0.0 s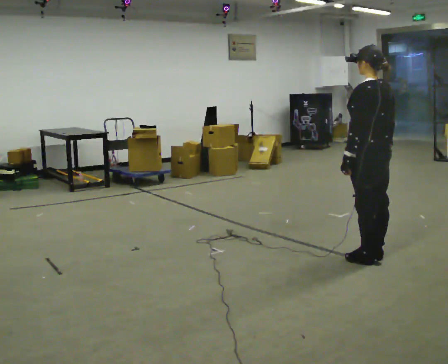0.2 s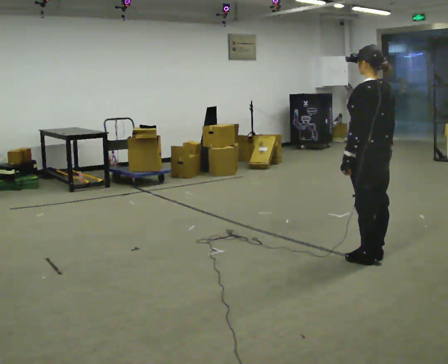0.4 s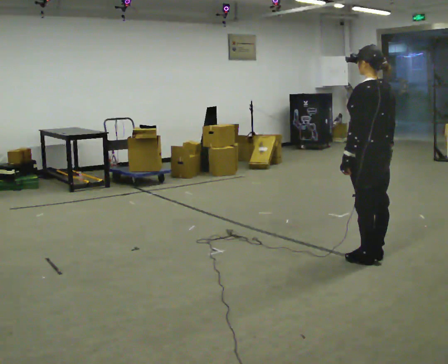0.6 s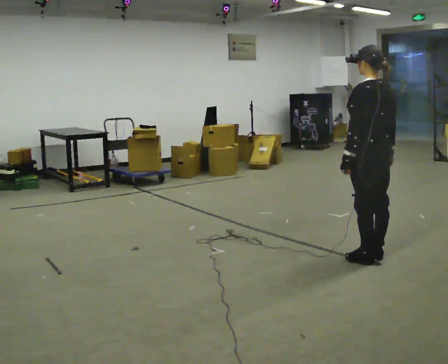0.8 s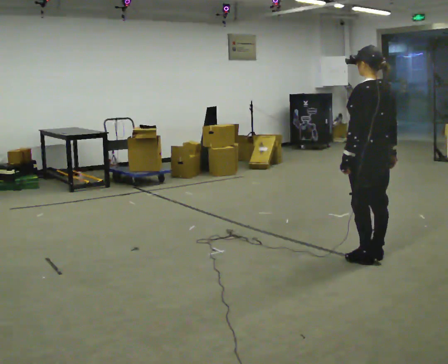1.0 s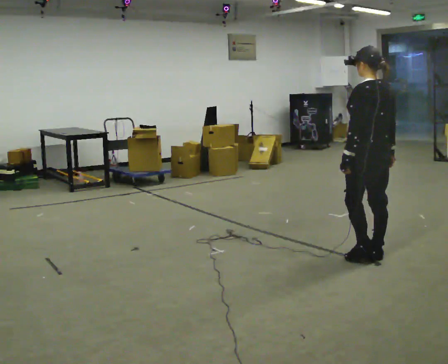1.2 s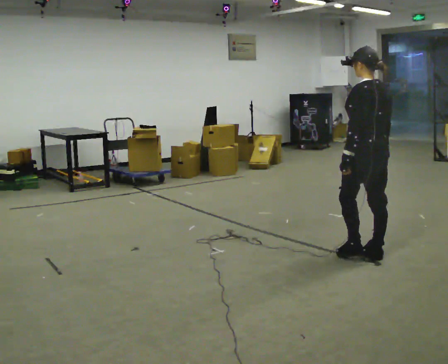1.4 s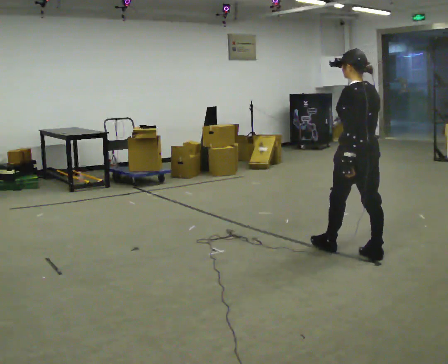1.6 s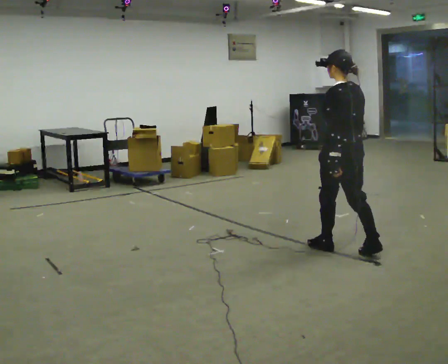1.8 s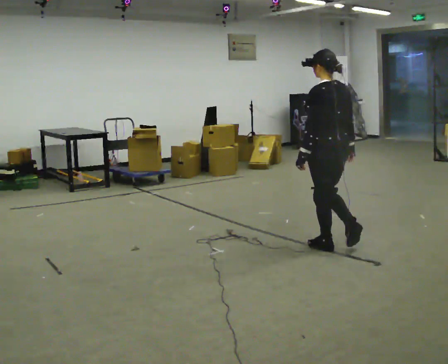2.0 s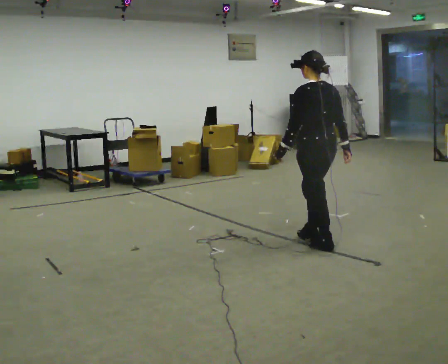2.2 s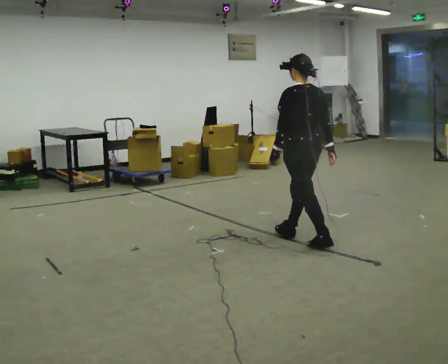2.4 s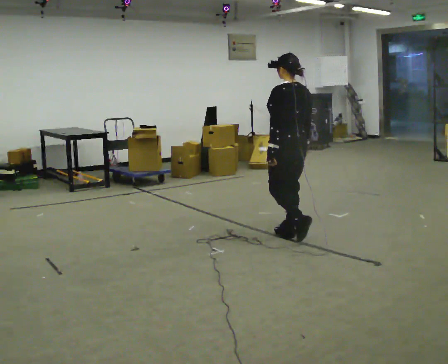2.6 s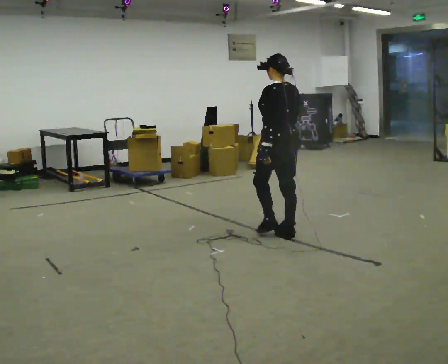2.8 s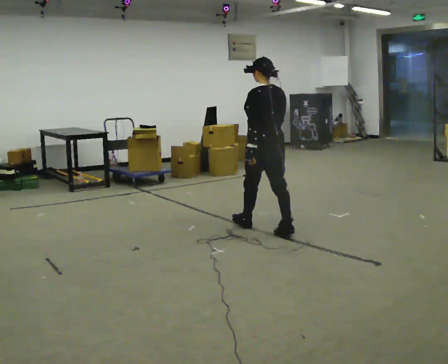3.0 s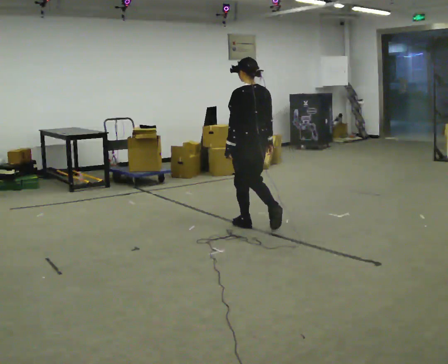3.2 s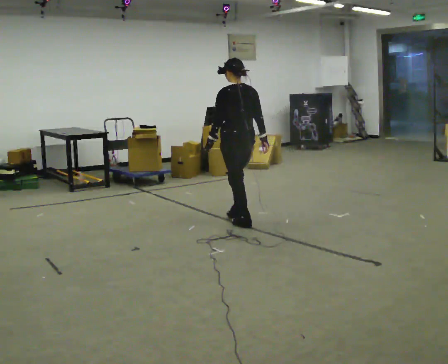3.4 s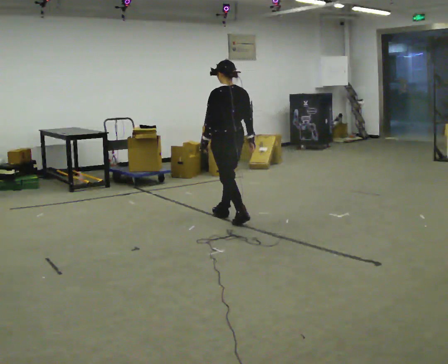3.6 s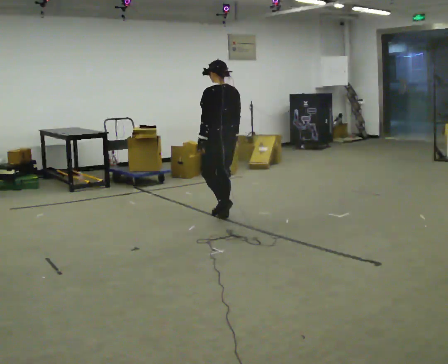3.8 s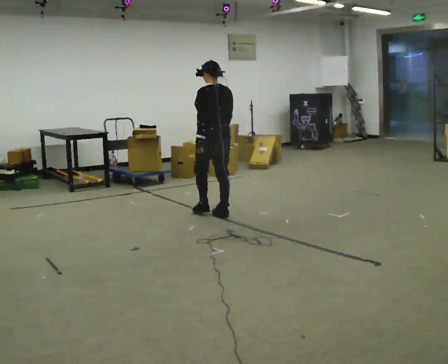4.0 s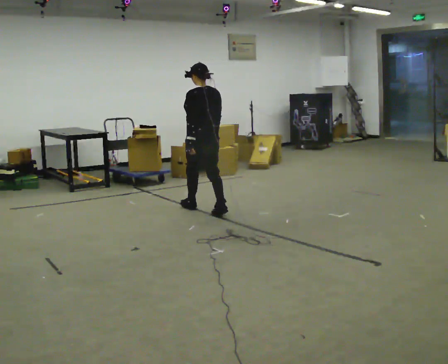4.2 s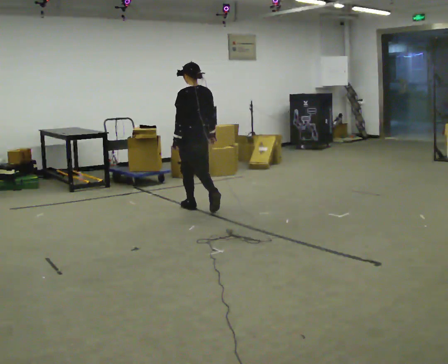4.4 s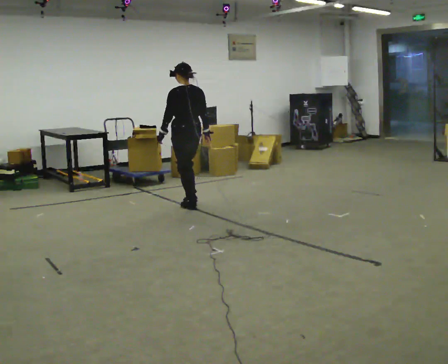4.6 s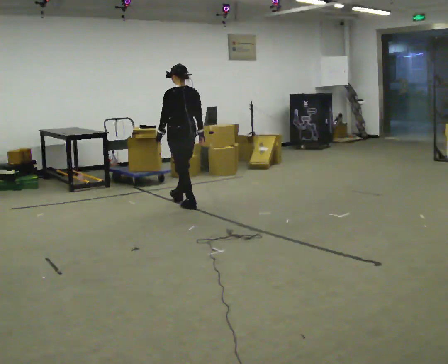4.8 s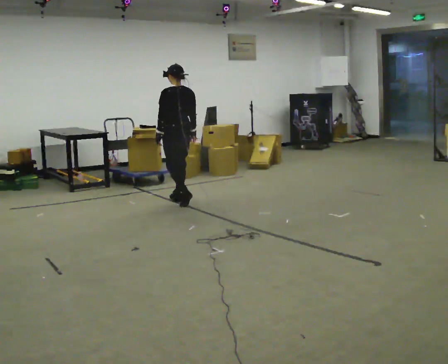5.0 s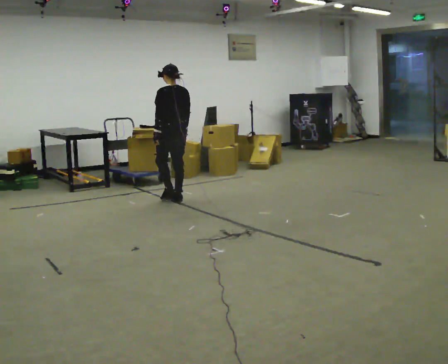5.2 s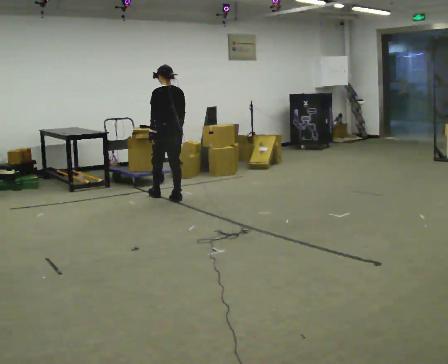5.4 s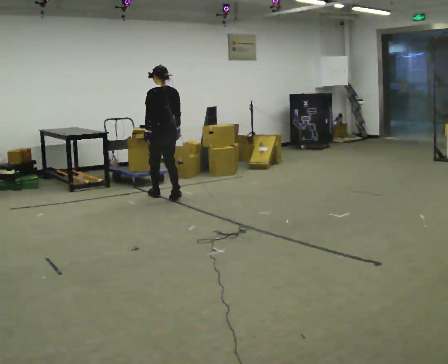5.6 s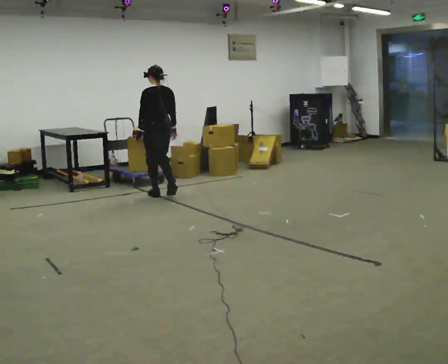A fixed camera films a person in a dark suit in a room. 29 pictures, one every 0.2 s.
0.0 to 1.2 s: The person moves a little, or ends about where they began.
1.2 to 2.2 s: In the picture they go to the left and away from the camera, about 0.5 m in 2 steps, which for them is forward.
2.2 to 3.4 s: In the picture they go away from the camera and to the left, about 1 m in 2 steps, which for them is forward.
3.4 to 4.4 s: In the picture they go away from the camera and to the left, about 0.75 m in 1 step, which for them is forward.
4.4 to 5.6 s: In the picture they go away from the camera and to the left, about 0.75 m in 2 steps, which for them is forward.
The film runs forward here.
